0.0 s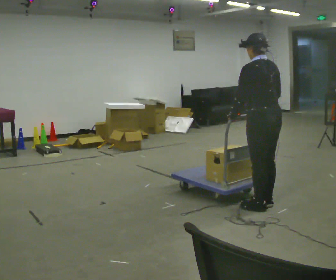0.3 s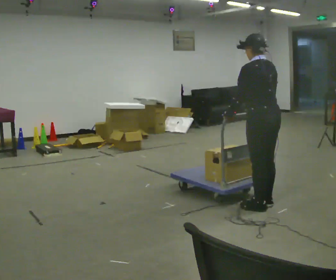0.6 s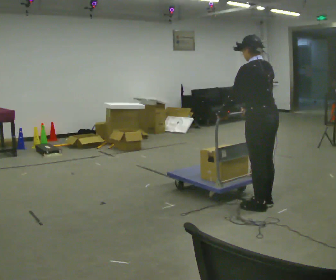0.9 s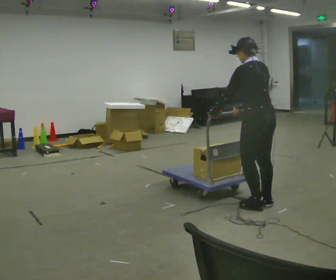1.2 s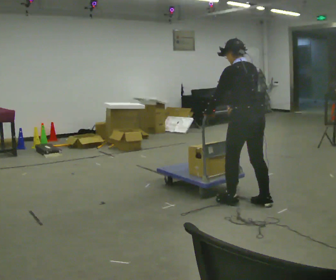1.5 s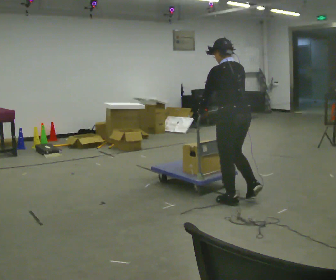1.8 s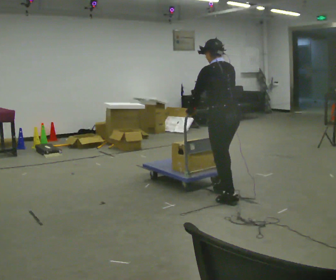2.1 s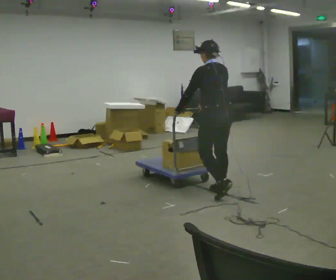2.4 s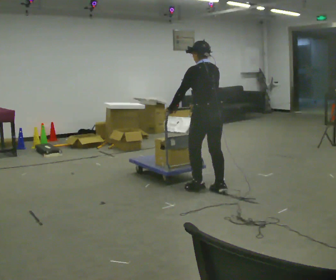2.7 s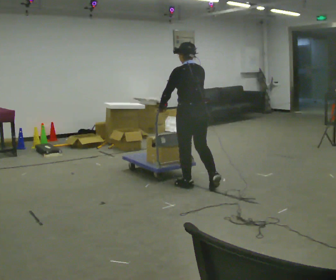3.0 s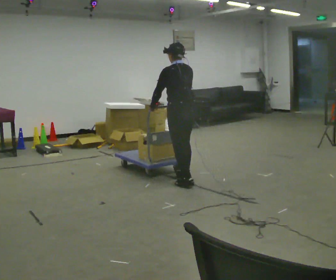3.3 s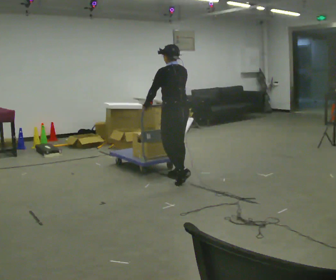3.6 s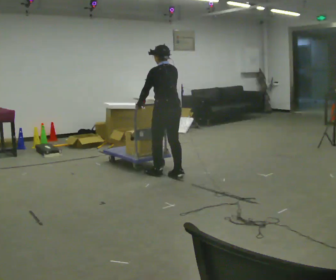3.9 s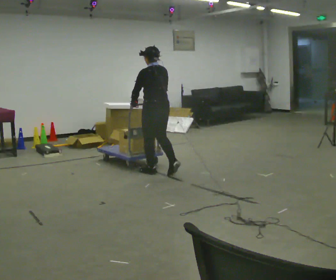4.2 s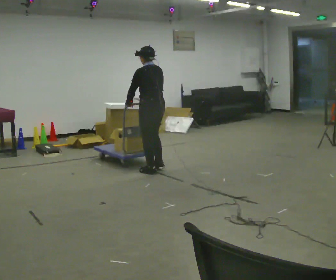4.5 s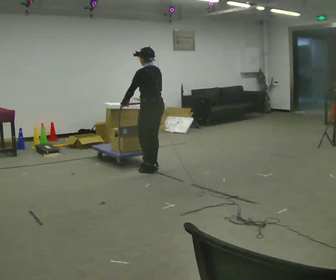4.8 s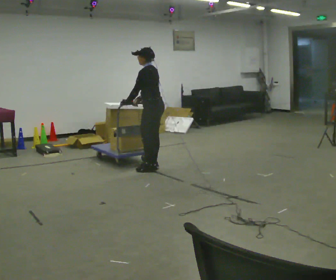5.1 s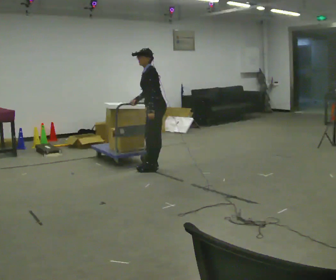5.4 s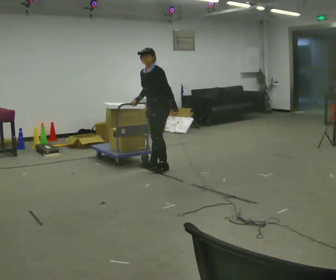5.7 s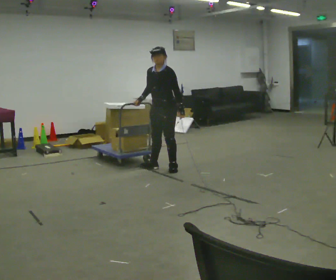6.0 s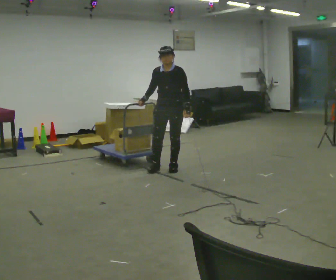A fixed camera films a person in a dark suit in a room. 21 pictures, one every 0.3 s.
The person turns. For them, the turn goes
to their left.
The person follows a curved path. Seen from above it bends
clockwise.
0.0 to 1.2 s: In the picture they go away from the camera, about 0.25 m in 1 step, which for them is forward.
1.2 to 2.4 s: In the picture they go away from the camera and to the left, about 0.5 m in 1 step, which for them is forward.
2.4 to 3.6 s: In the picture they go away from the camera and to the left, about 0.5 m in 2 steps, which for them is forward.
3.6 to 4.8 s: Seen from above the body turns counterclockwise, about 30 degrees: to their left, with its near side sliding to the right. In the picture they go away from the camera and to the left, about 0.5 m in 2 steps, which for them is forward.
4.8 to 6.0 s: The person turns about 90 degrees to their left, counterclockwise seen from above, so the part of the body nearest the lens slides to the right. In the picture they go to the right, about 0.25 m in 1 step. In the picture their left hand goes to the right, the arm swinging counterclockwise.
The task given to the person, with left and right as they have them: Push the cart across the room and back. The operator will change how much is loaded on it between takes and will tell you each time.
The film runs forward here.
